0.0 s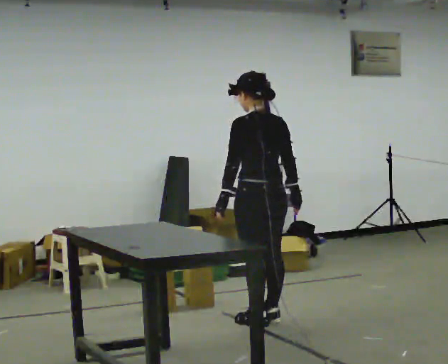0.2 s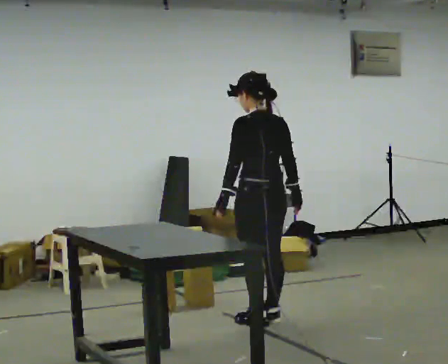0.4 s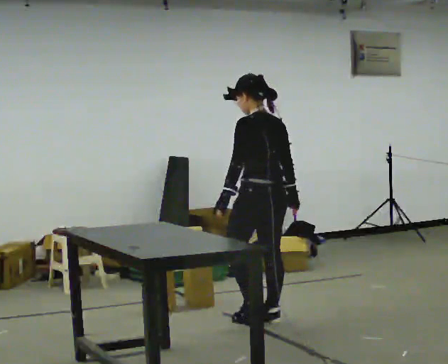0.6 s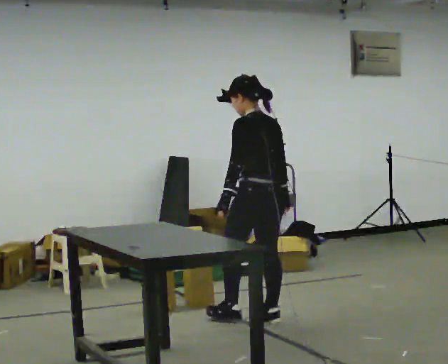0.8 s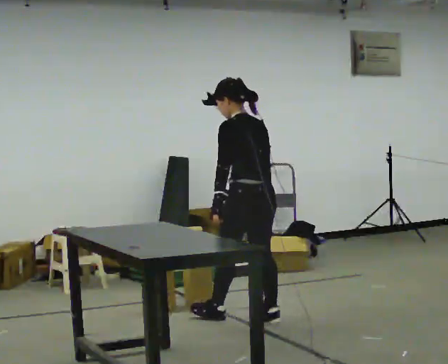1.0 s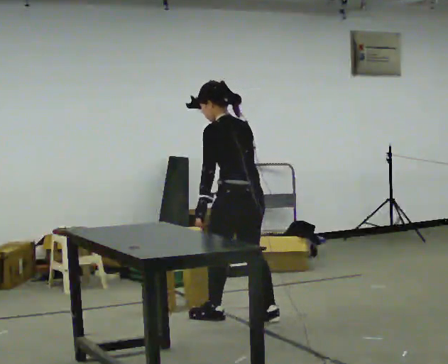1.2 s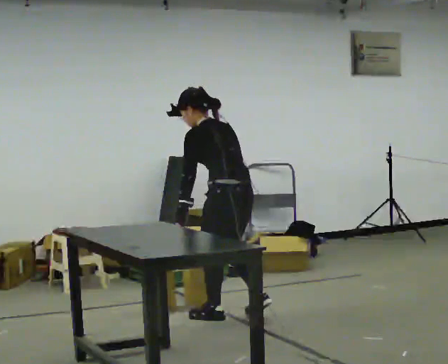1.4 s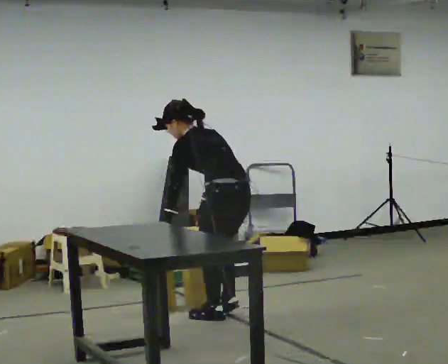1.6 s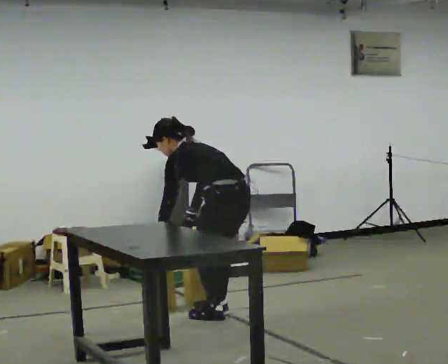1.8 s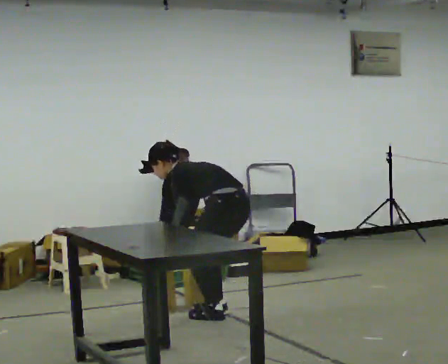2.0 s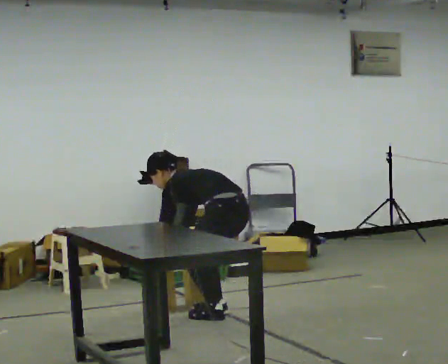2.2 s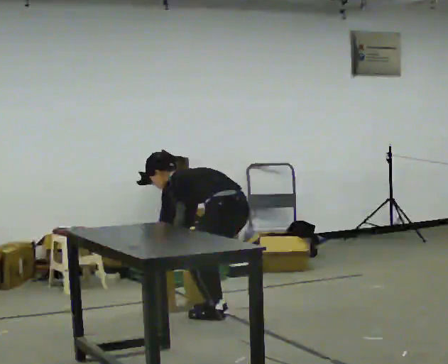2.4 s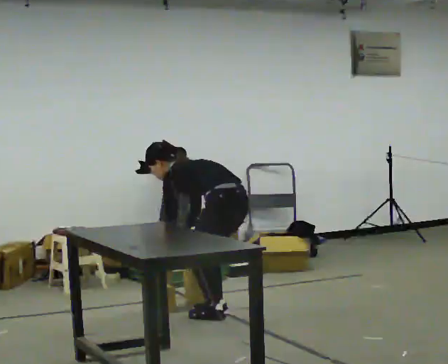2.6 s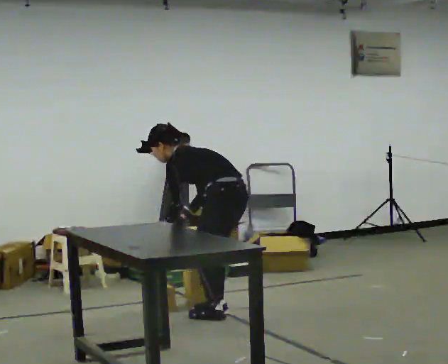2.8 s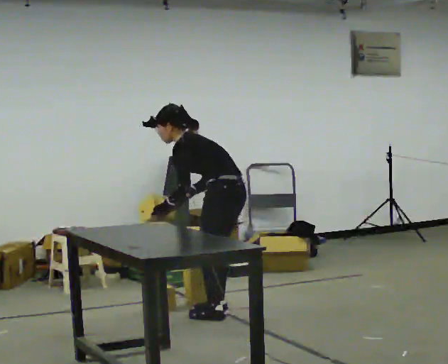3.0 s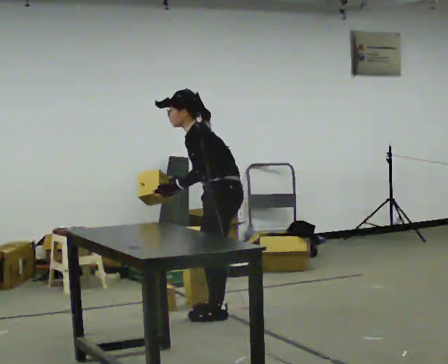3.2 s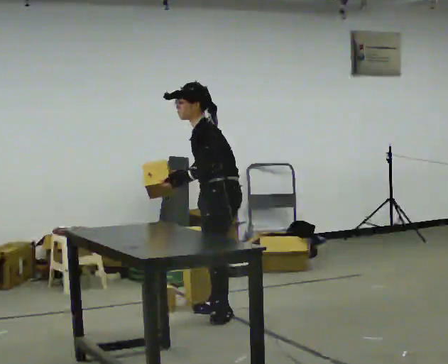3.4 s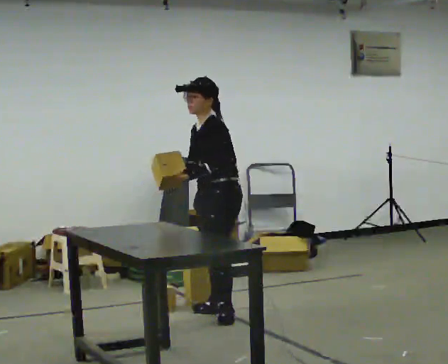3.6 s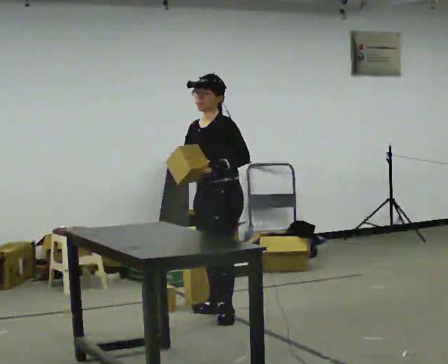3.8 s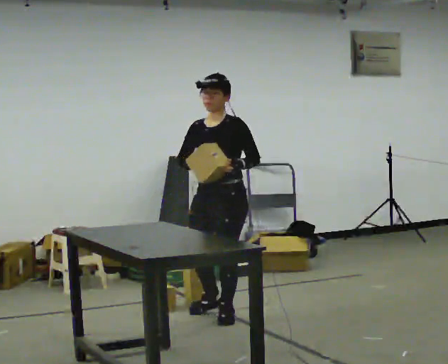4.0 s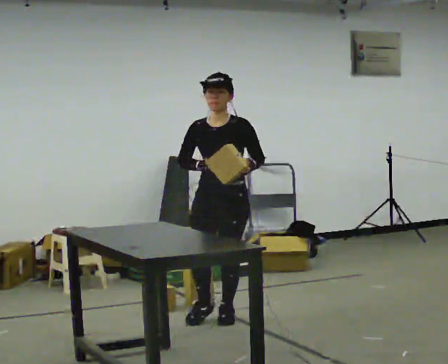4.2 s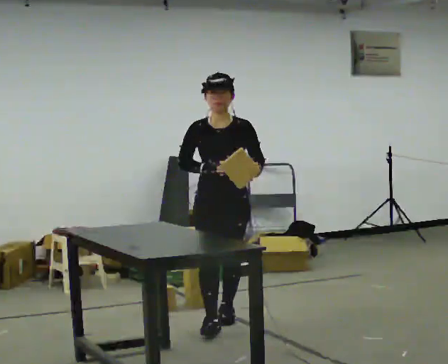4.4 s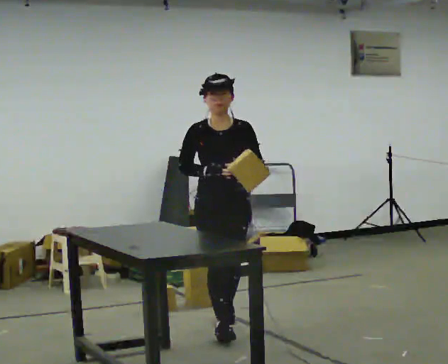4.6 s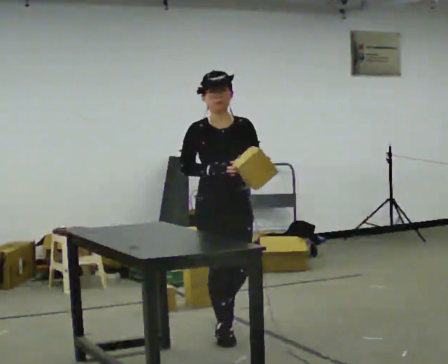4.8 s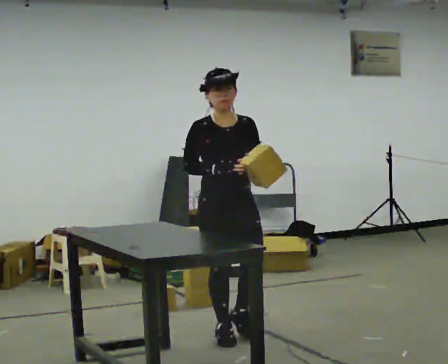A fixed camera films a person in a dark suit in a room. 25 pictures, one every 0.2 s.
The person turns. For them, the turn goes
to their left.
The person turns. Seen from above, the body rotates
counterclockwise.
0.0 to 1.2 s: In the picture they go to the left, about 0.25 m in 1 step, which for them is forward. In the picture the upper body tilts counterclockwise, shoulders to the left, as they bend forward. In the picture their right hand goes to the left.
1.2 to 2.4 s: In the picture the upper body tilts counterclockwise, shoulders to the left, as they bend forward. In the picture their right hand goes to the left.
2.4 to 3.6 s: The person turns about 60 degrees to their left, counterclockwise seen from above, so the part of the body nearest the lens slides to the right. The shoulders move upward. In the picture the upper body tilts clockwise, shoulders to the right, as they lean back or straighten. In the picture their left hand goes upward and to the right.
3.6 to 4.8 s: The person turns about 75 degrees to their left, counterclockwise seen from above, so the part of the body nearest the lens slides to the right. In the picture they go toward the camera, about 0.5 m in 1 step.
The film runs forward here.
